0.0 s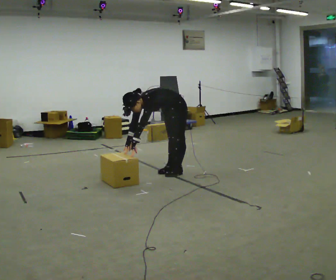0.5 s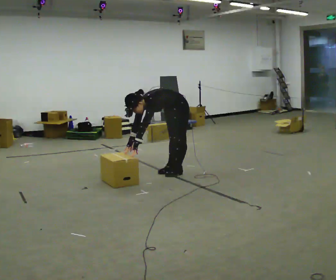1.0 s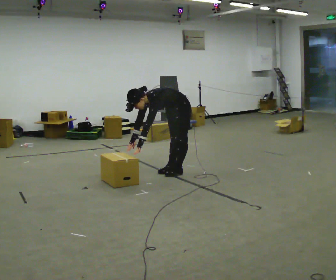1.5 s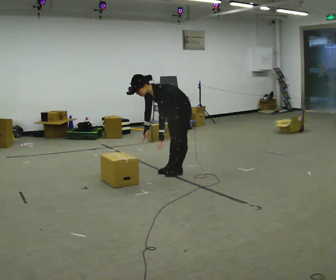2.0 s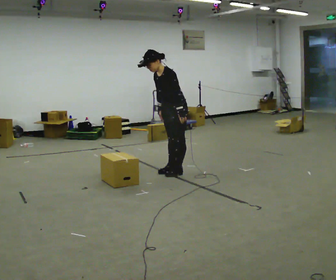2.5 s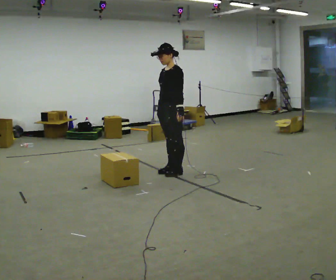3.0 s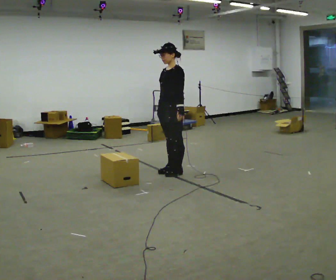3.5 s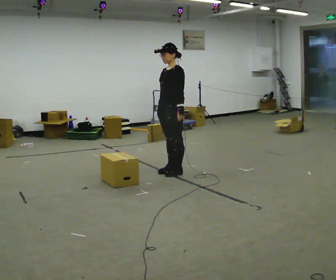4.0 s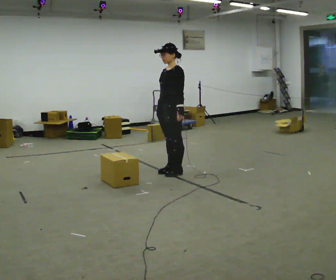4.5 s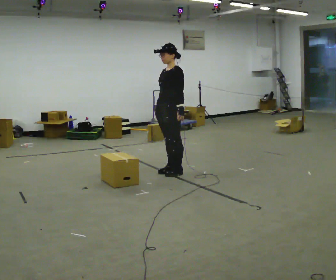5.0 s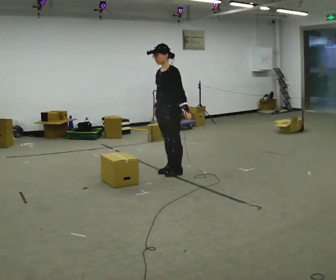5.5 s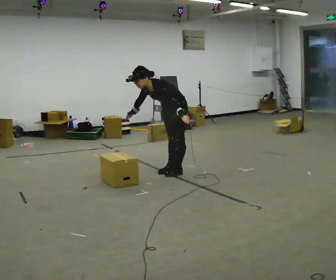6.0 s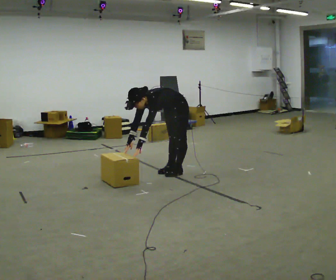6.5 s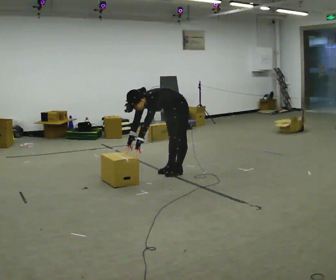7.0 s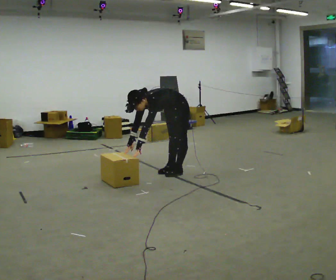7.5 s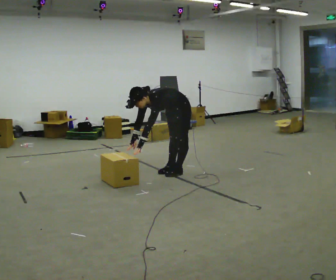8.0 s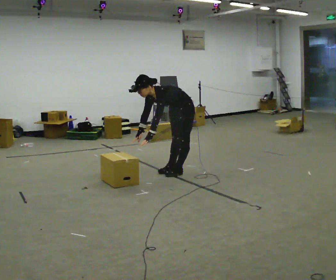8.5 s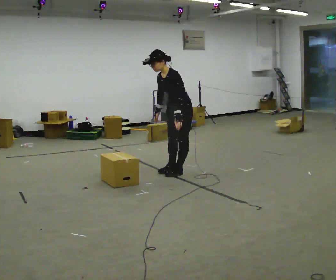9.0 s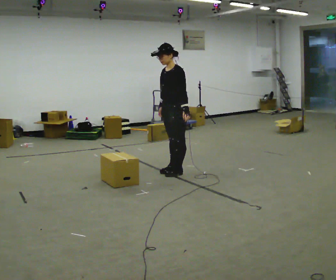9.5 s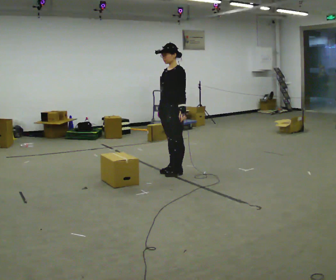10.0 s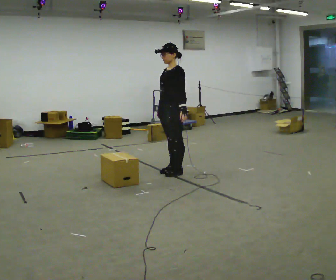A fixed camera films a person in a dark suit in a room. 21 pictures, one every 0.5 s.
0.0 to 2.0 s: The upper body goes upward. In the picture the upper body tilts clockwise, shoulders to the right, as they lean back or straighten. In the picture their left hand goes to the right and upward.
2.0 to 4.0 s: In the picture the upper body tilts clockwise, shoulders to the right, as they lean back or straighten.
4.0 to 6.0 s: The shoulders move downward. In the picture the upper body tilts counterclockwise, shoulders to the left, as they bend forward. In the picture their right hand goes downward and to the left.
6.0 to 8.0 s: The upper body tips away from the camera, its near side rolling upward.
8.0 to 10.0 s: The upper body goes upward. In the picture the upper body tilts clockwise, shoulders to the right, as they lean back or straighten. In the picture their left hand goes to the right.
The film runs backward here.
